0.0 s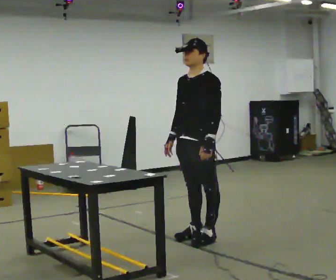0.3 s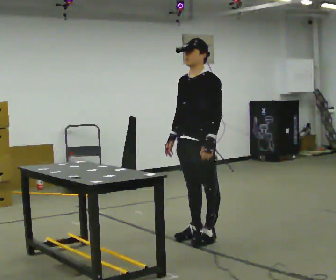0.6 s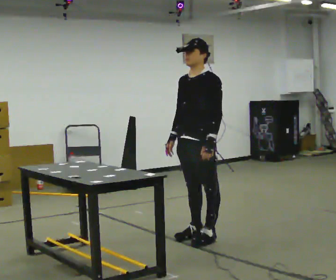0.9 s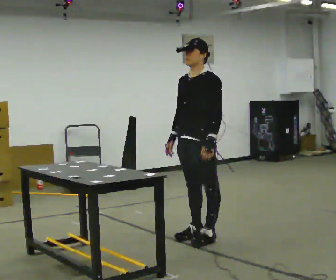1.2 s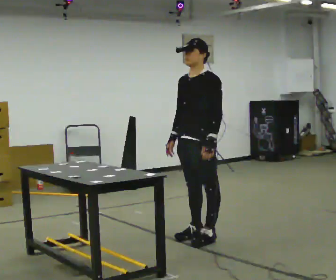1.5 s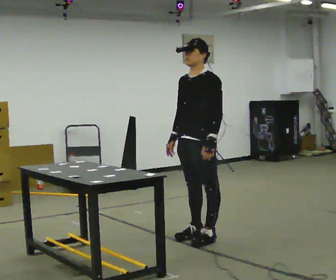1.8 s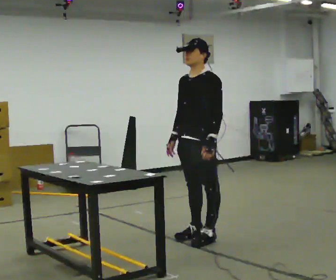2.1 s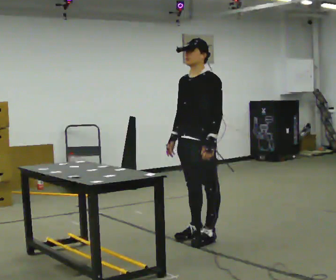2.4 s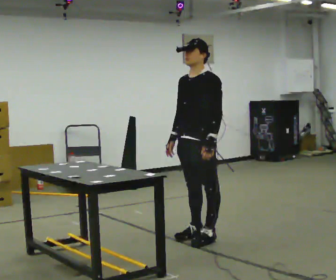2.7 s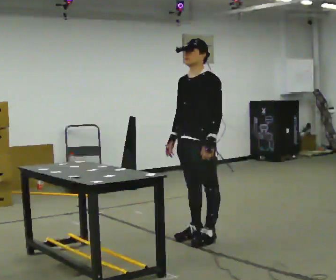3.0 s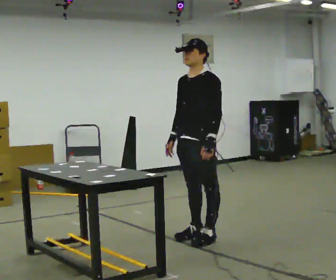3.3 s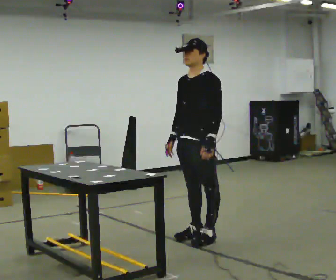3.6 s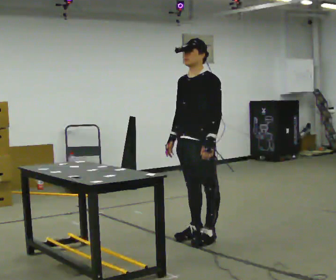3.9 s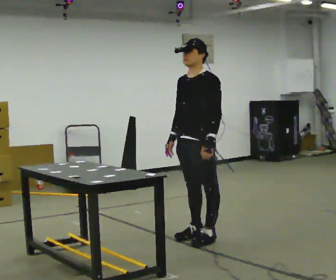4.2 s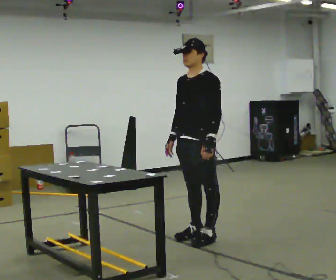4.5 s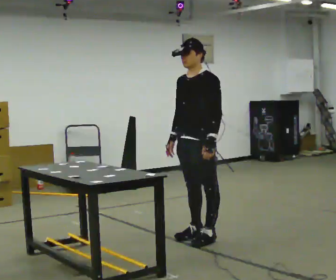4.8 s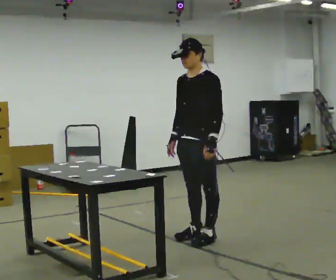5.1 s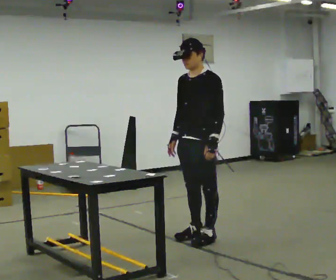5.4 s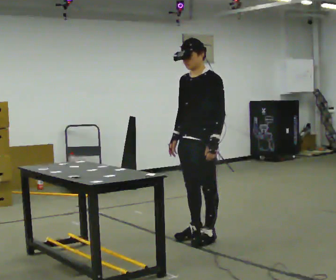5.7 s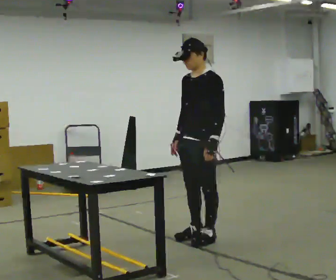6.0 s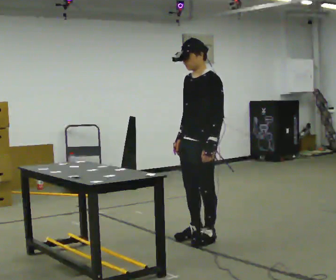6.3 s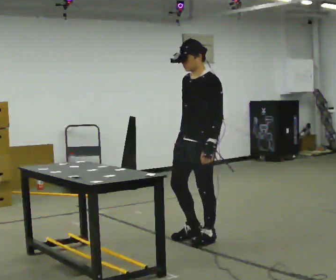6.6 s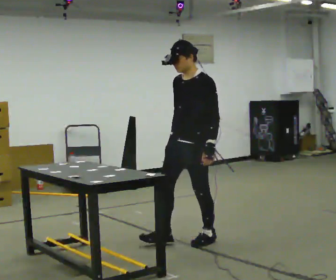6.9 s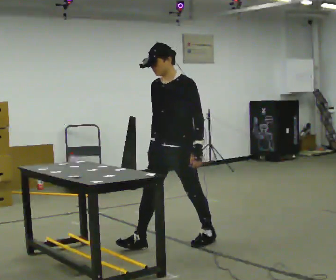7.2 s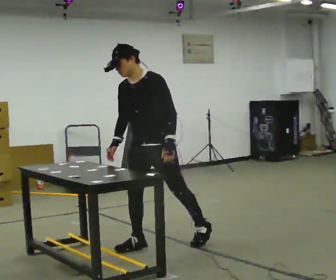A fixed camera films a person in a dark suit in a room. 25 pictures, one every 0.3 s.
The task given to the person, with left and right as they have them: Touch each numbered target on the board in front of you in the order the operator calls. Keep both feet on the marked spots for the whole take. If you have to step, stop and tell the operator.
0.0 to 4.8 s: The person keeps their place and pose.
4.8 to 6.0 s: The person moves a little, or ends about where they began.
6.0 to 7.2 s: The part of the body nearest the lens slides to the right as the person turns to their left by about 30 degrees. In the picture they go to the left, about 0.5 m in 1 step, which for them is forward. In the picture the upper body tilts counterclockwise, shoulders to the left, as they bend forward.
The film runs forward here.
